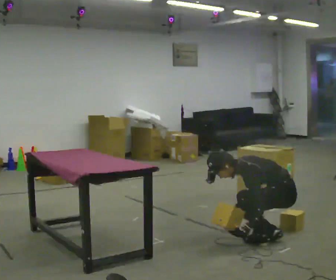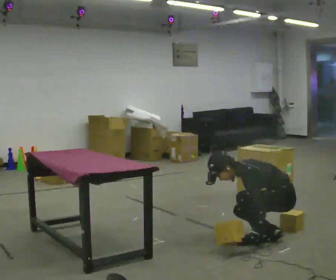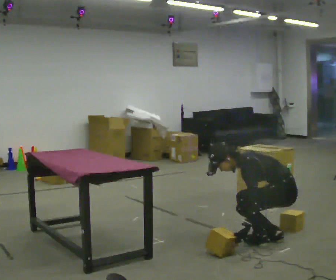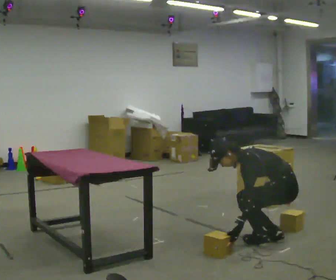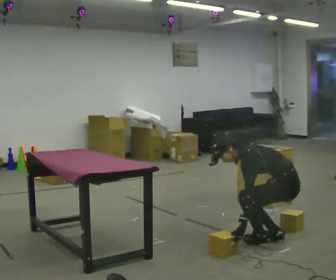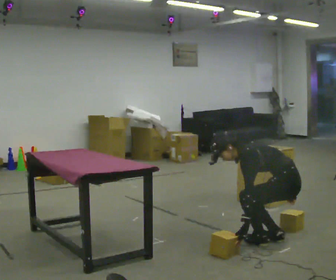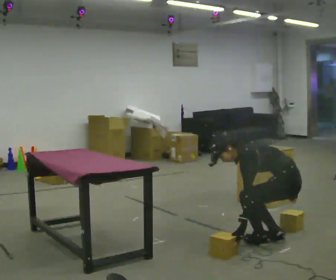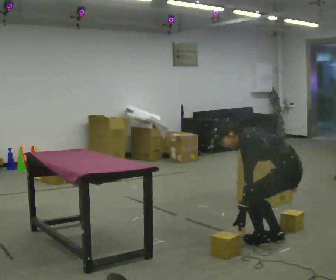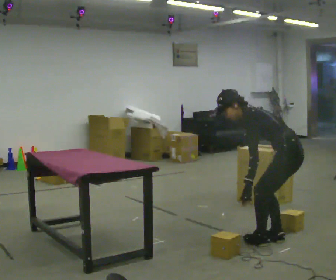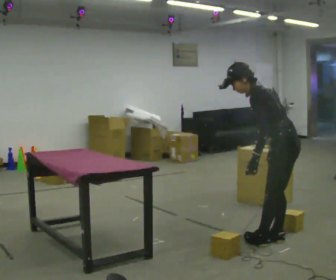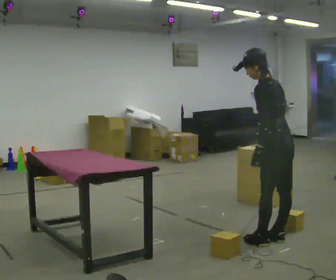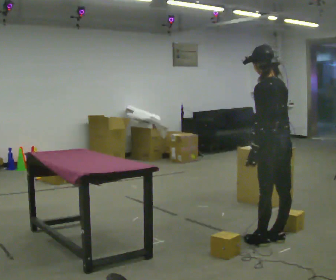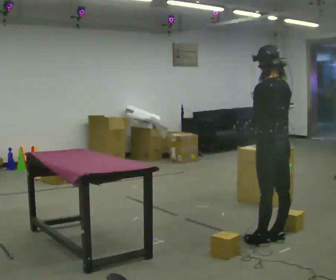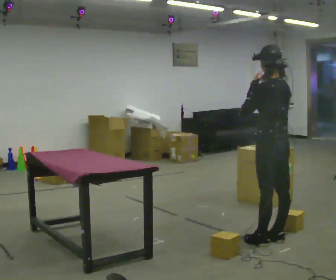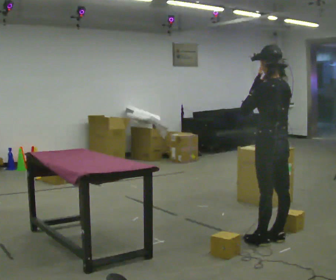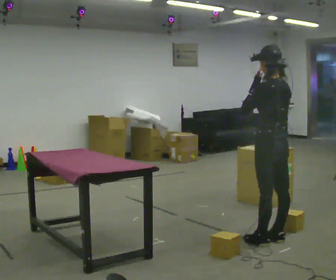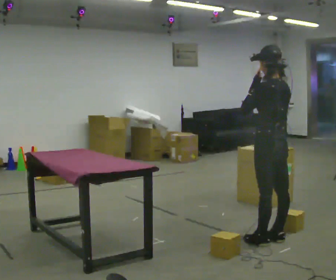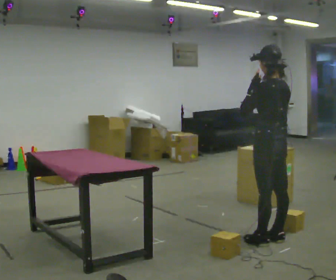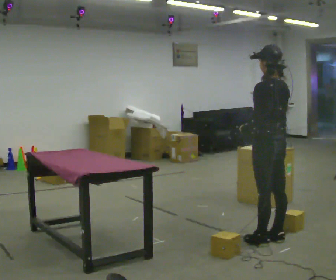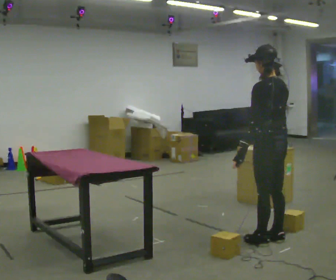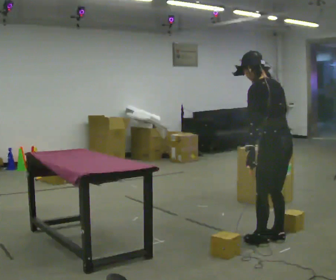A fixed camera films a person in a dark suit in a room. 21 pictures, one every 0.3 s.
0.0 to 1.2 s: The upper body tips away from the camera, its near side rolling upward.
1.2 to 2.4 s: The shoulders move upward.
2.4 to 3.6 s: Seen from above the body turns clockwise, about 30 degrees: to their right, with its near side sliding to the left. The shoulders move upward. In the picture the upper body tilts clockwise, shoulders to the right, as they lean back or straighten. In the picture their left hand goes upward.
3.6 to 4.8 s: In the picture their left hand goes upward.
4.8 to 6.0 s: In the picture the upper body tilts counterclockwise, shoulders to the left, as they bend forward. In the picture their left hand goes downward.
The film runs backward here.
